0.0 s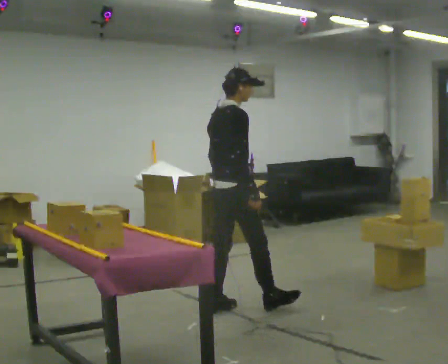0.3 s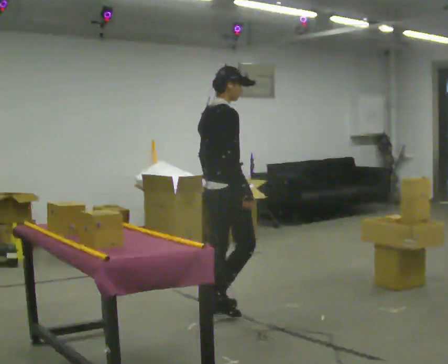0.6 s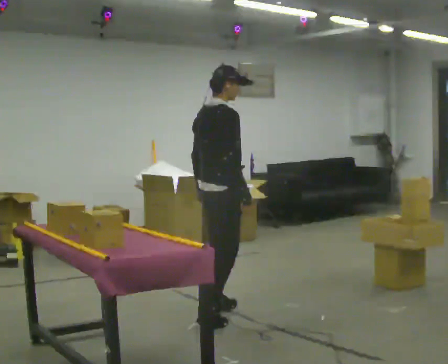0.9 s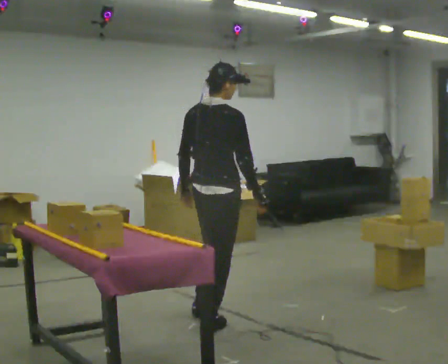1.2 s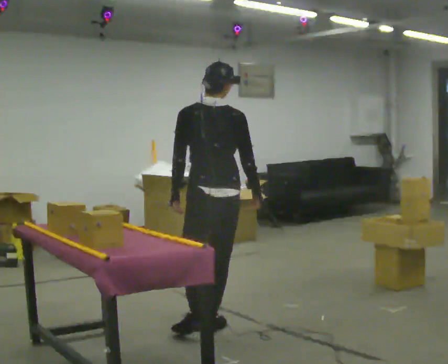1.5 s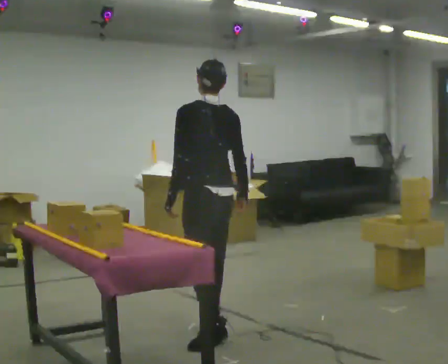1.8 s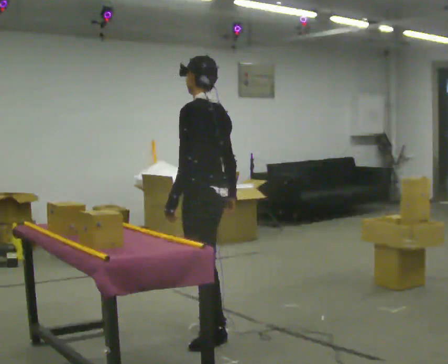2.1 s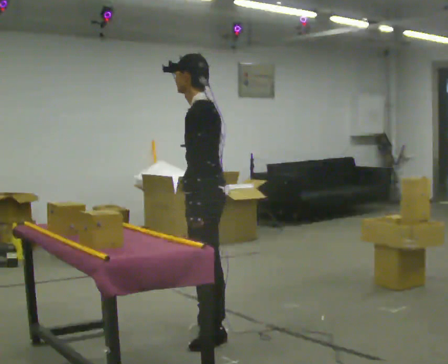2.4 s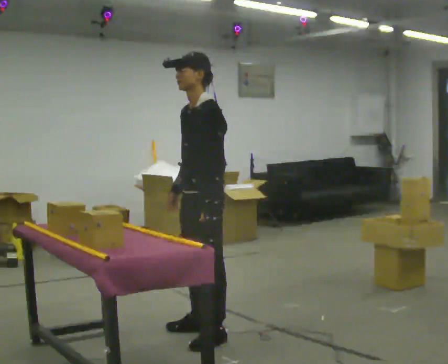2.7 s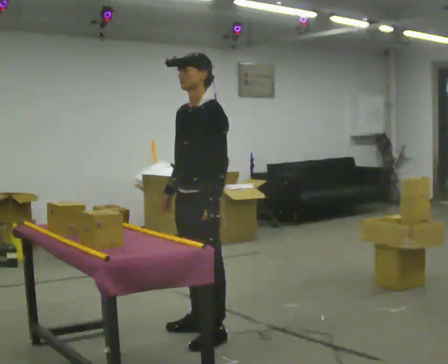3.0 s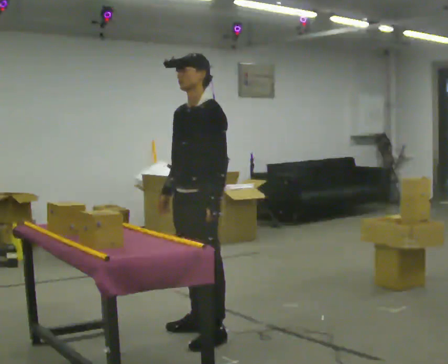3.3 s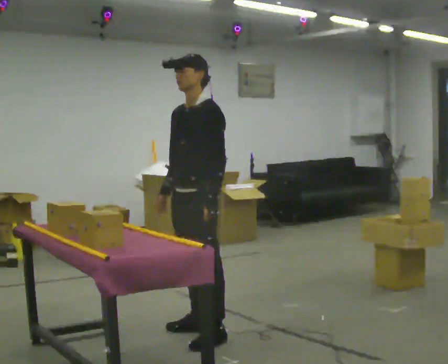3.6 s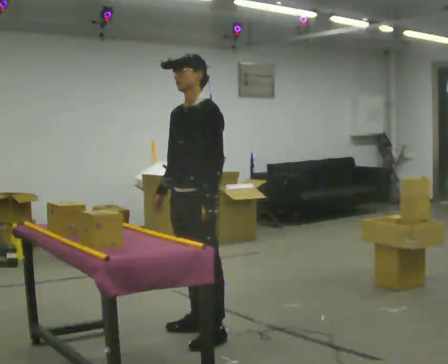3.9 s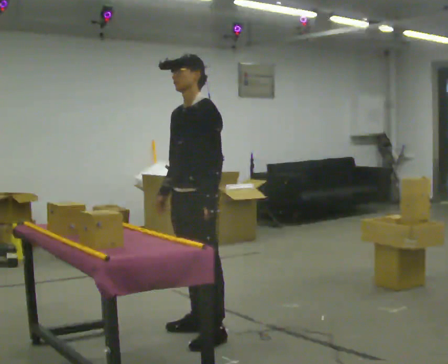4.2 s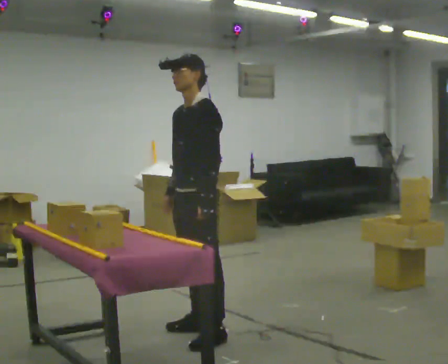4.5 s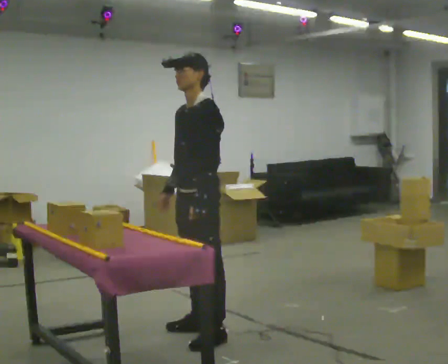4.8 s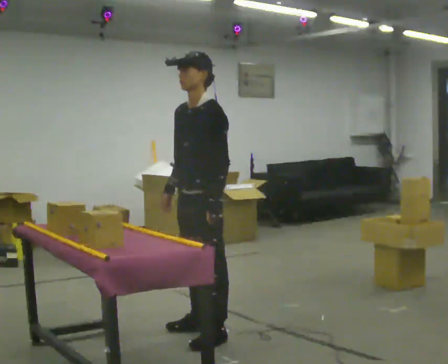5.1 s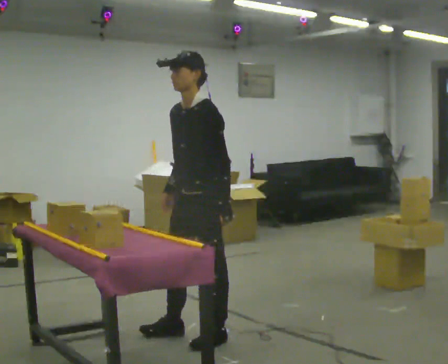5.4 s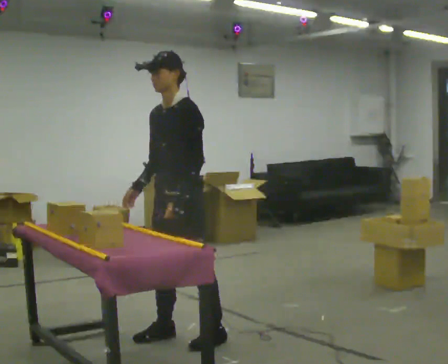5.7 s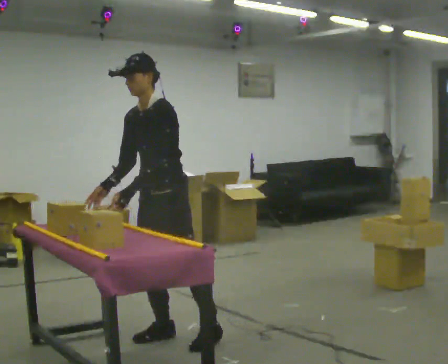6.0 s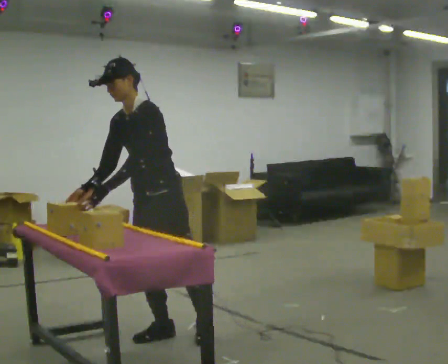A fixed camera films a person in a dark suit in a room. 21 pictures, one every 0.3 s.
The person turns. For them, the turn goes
to their left.
The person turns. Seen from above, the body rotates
counterclockwise.
0.0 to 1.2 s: The person turns about 60 degrees to their left, counterclockwise seen from above, so the part of the body nearest the lens slides to the right. In the picture they go toward the camera, about 0.5 m in 1 step.
1.2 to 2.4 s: Seen from above the body turns counterclockwise, about 105 degrees: to their left, with its near side sliding to the right. In the picture they go toward the camera, about 0.25 m. In the picture their right hand goes to the left.
2.4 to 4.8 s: The person moves a little, or ends about where they began.
4.8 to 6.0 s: In the picture they go to the left, about 0.25 m in 2 steps, which for them is to their right and forward. In the picture the upper body tilts counterclockwise, shoulders to the left, as they bend forward.
The film runs backward here.
